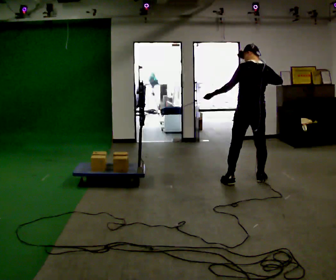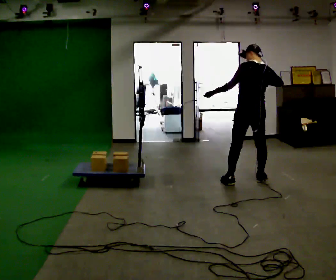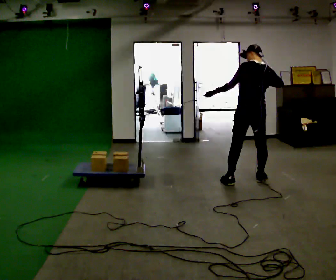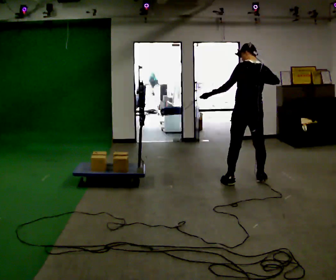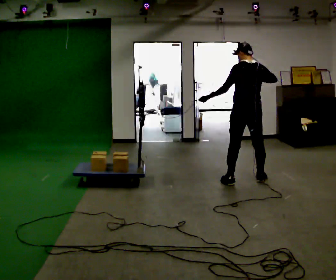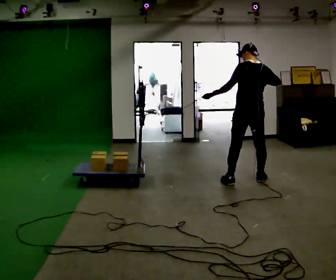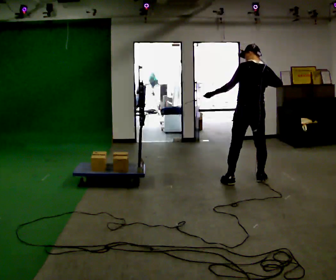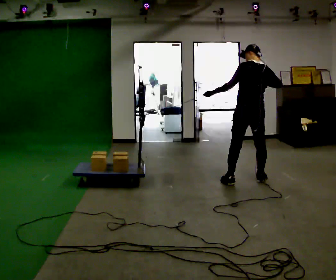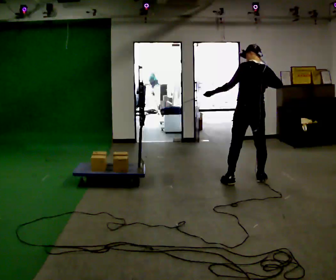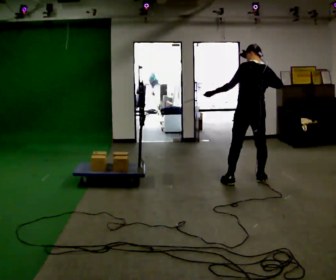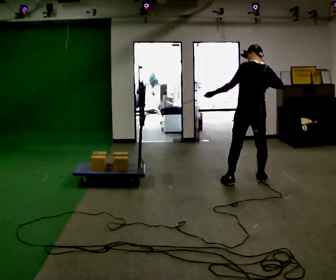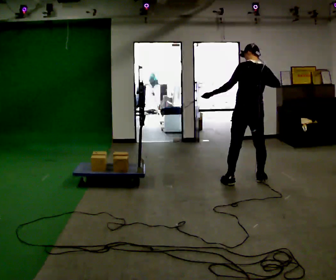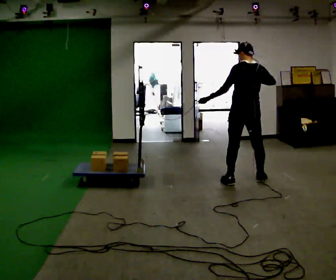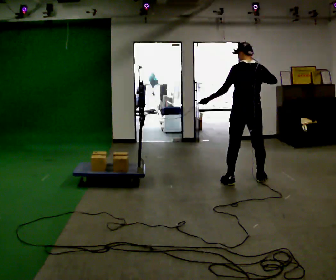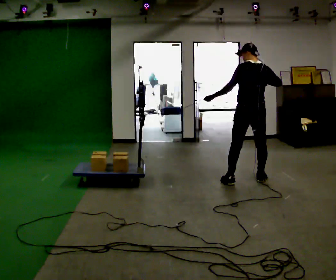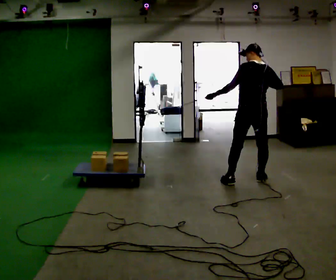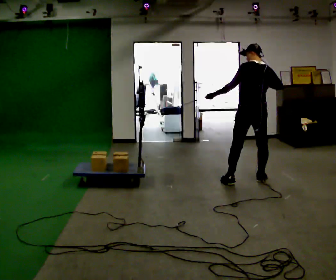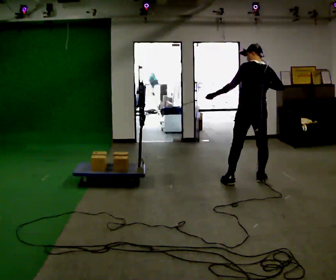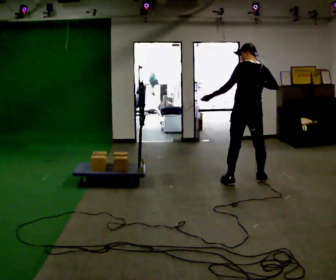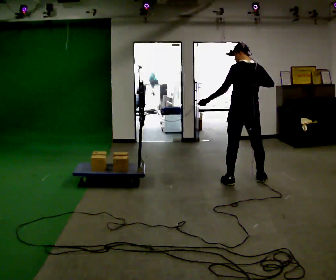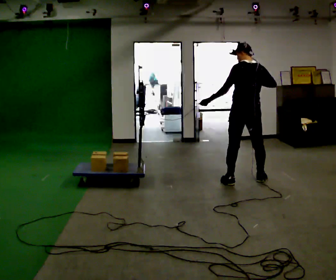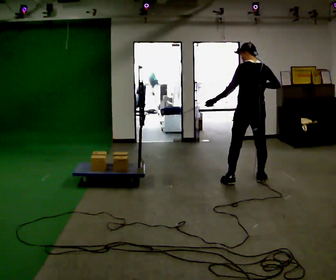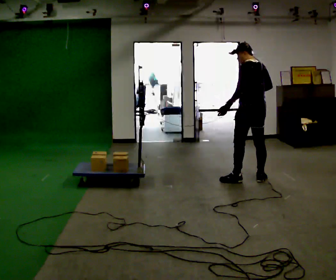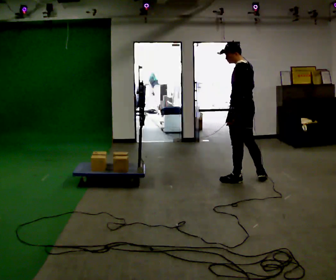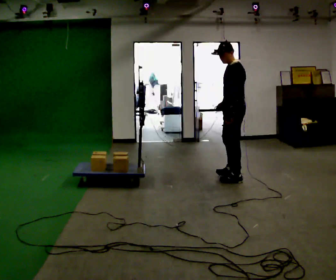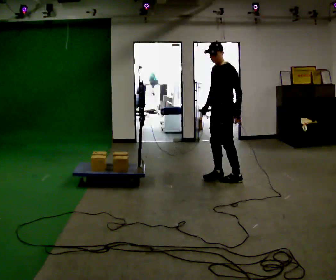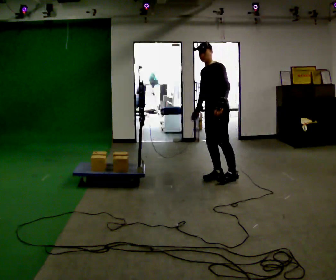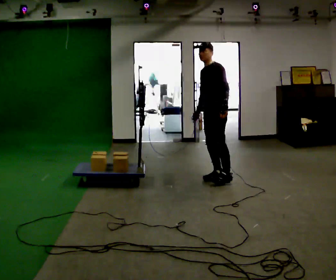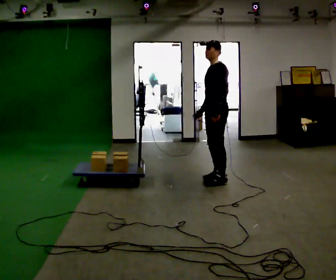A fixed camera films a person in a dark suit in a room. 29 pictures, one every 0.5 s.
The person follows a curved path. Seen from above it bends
counterclockwise.
0.0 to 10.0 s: The person moves a little, or ends about where they began.
10.0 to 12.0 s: The part of the body nearest the lens slides to the right as the person turns to their left by about 75 degrees.
12.0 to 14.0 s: In the picture they go to the left, about 0.25 m in 1 step, which for them is forward and to their right.
The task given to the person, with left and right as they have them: Hold the rope on the loaded pallet and pull as hard as is comfortable for a few seconds, then relax. The operator will log the load and the peak reading on the scale for every take.
The film runs forward here.
